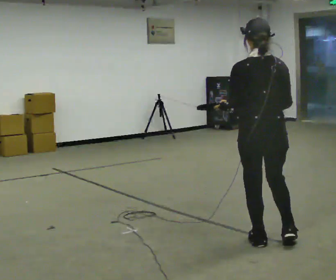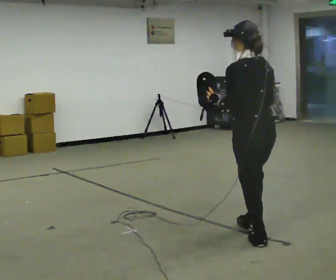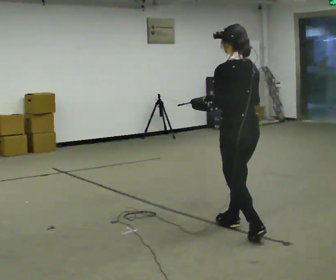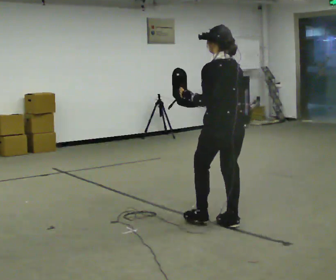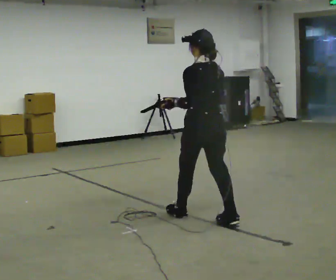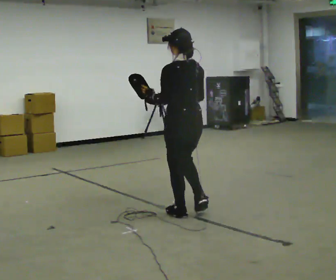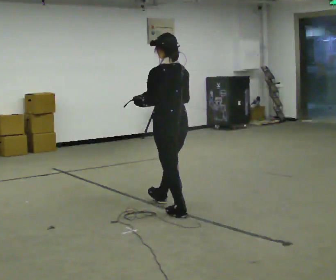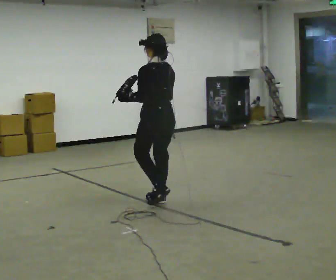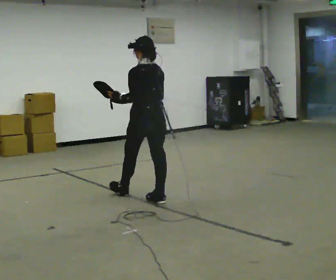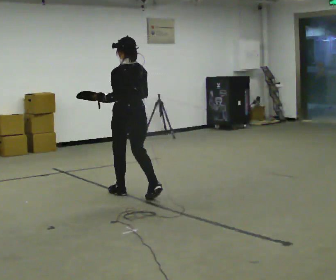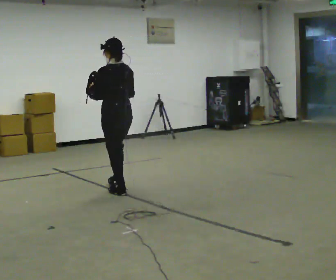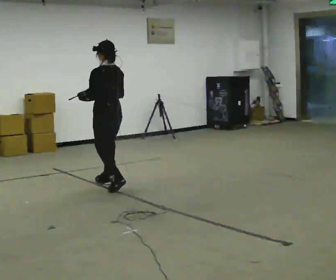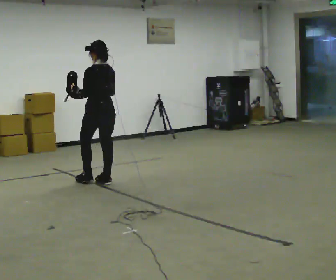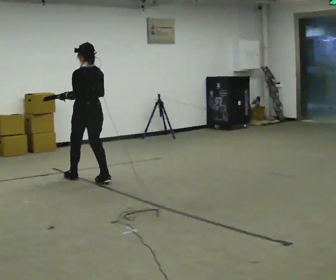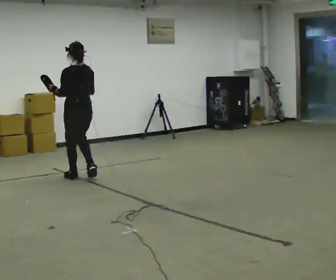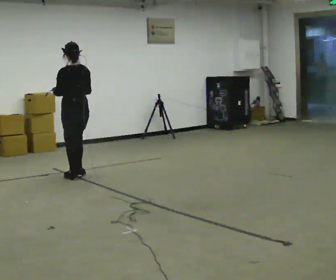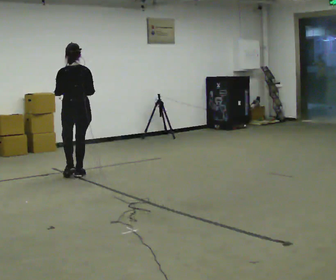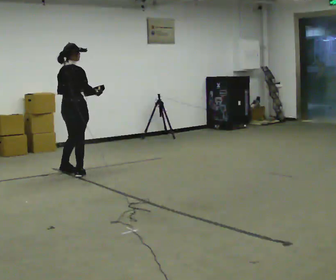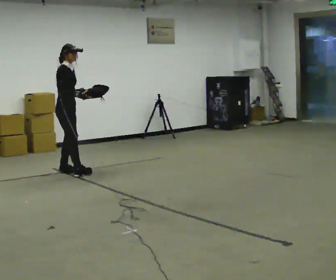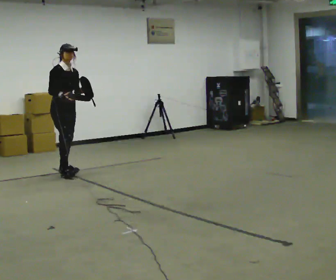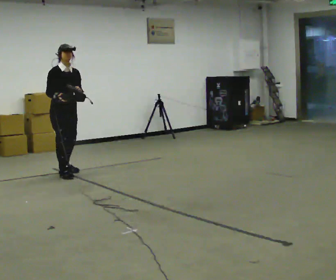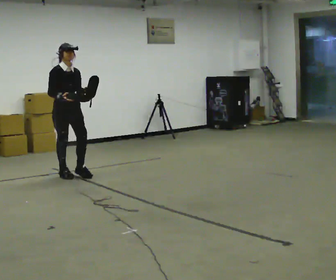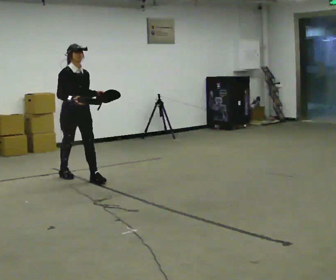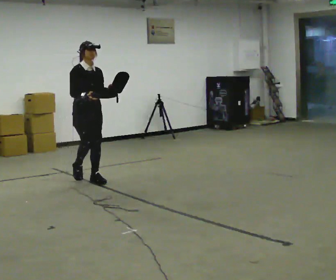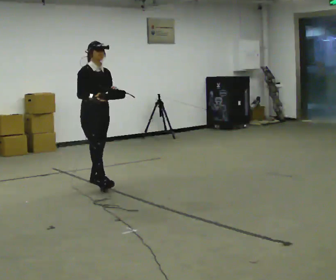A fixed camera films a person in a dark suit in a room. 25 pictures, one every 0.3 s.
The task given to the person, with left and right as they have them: Carry the object across the room. The lid hangs loose and will swing, so carry it however works. Keep going until the operator says stop; one object at a time, and do not rush between trips.
0.0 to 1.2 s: In the picture they go away from the camera and to the left, about 0.5 m in 2 steps, which for them is forward.
1.2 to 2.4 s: In the picture they go away from the camera and to the left, about 1 m in 1 step, which for them is forward.
2.4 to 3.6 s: In the picture they go away from the camera and to the left, about 1 m in 2 steps, which for them is forward.
3.6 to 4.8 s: The part of the body nearest the lens slides to the left as the person turns to their right by about 30 degrees. In the picture they go away from the camera and to the left, about 0.5 m in 2 steps, which for them is forward.
4.8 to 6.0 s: The person turns about 150 degrees to their right, clockwise seen from above, so the part of the body nearest the lens slides to the left. In the picture they go to the left, about 0.25 m in 2 steps. In the picture their right hand goes to the left.
6.0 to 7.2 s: In the picture they go toward the camera and to the right, about 0.75 m in 1 step, which for them is forward.
The film runs forward here.
